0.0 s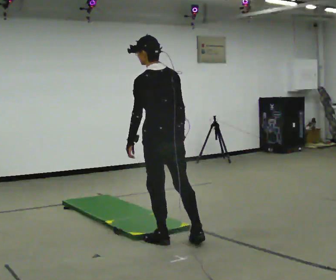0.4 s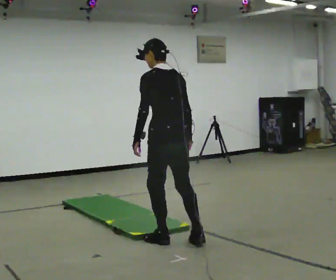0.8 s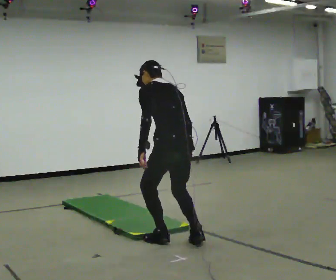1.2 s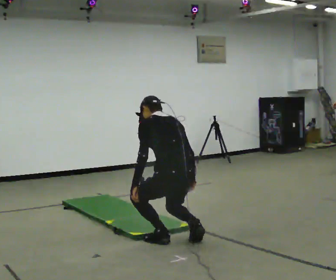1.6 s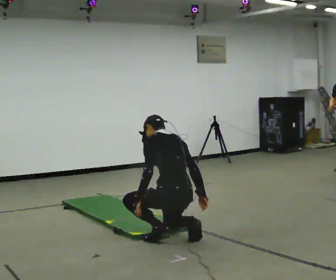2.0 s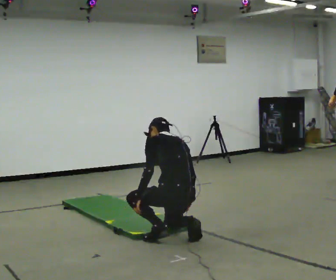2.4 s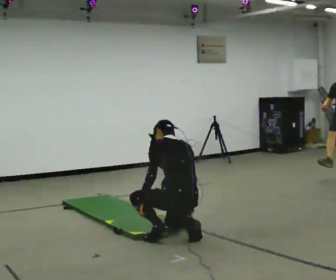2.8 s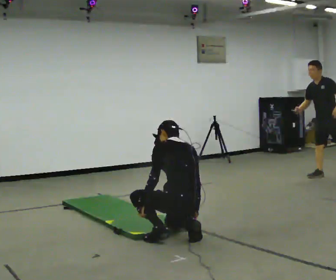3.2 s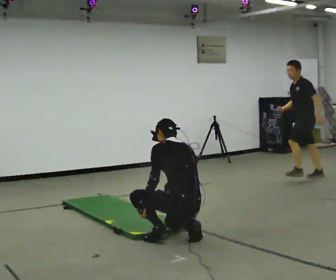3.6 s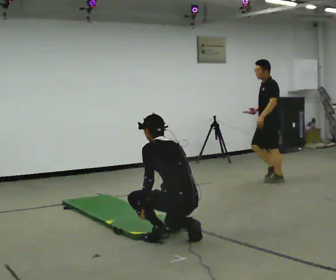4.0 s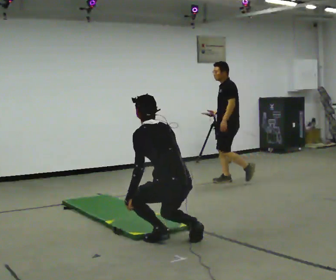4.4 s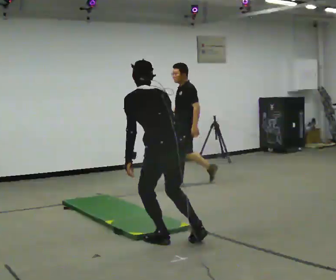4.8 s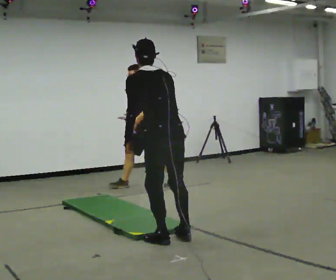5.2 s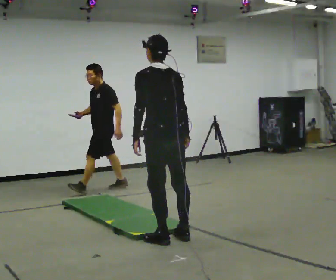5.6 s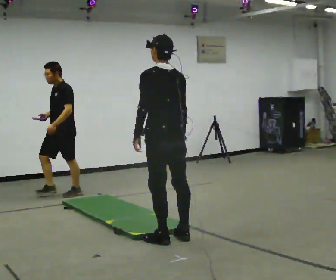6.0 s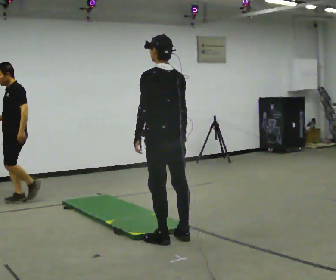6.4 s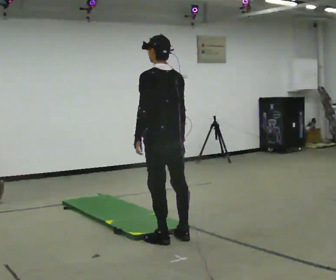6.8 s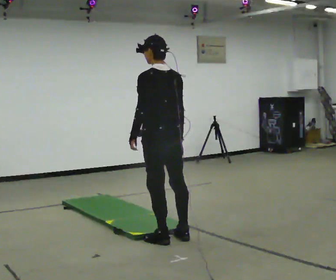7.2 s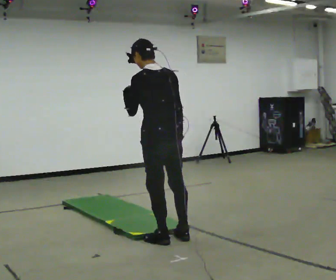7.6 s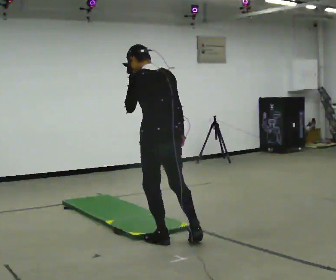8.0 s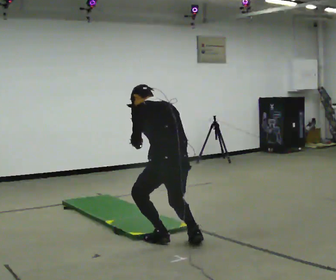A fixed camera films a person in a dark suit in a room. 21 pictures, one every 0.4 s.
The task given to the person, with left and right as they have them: From standing, kneel onto the knee the operator calls, hold briefly, then stand back up. Repeat the movement at your own pace until the operator says stop; do not rush.
0.0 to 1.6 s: The shoulders move downward. The upper body tips away from the camera, its near side rolling upward, as they bend forward. In the picture their left hand goes downward.
1.6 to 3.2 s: The person moves a little, or ends about where they began.
3.2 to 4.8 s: In the picture they go to the left, about 0.25 m, which for them is to their left. The shoulders move upward. In the picture their left hand goes upward.
4.8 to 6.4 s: The person moves a little, or ends about where they began.
6.4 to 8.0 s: In the picture they go toward the camera, about 0.25 m in 1 step, which for them is backward. The upper body goes downward. The upper body tips away from the camera, its near side rolling upward, as they bend forward.
The film runs forward here.
